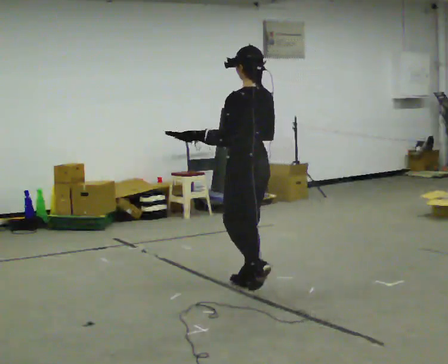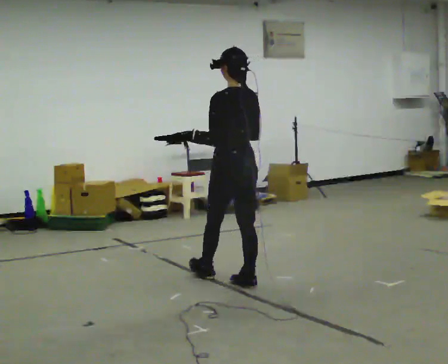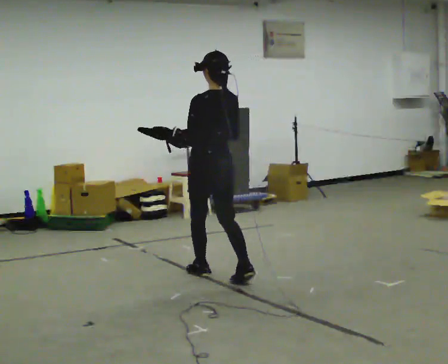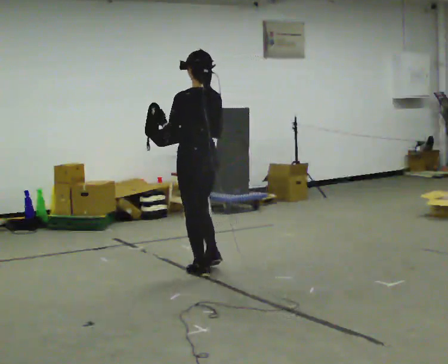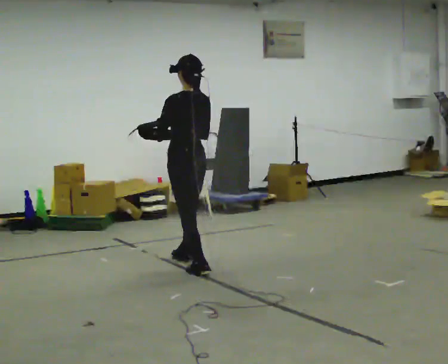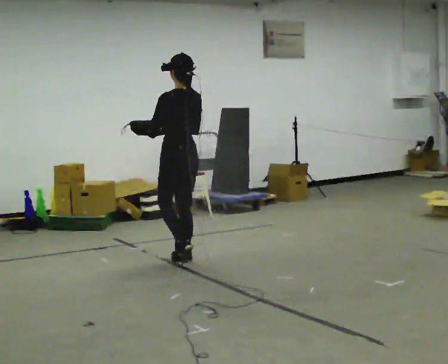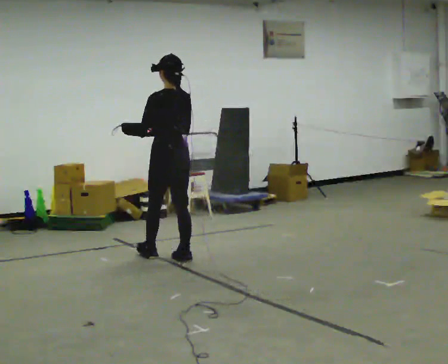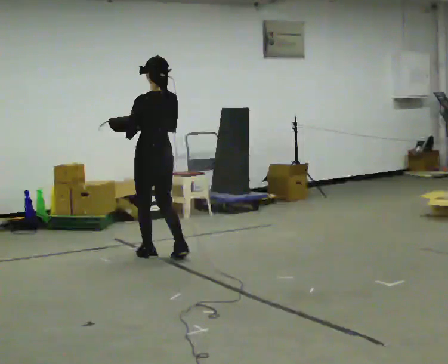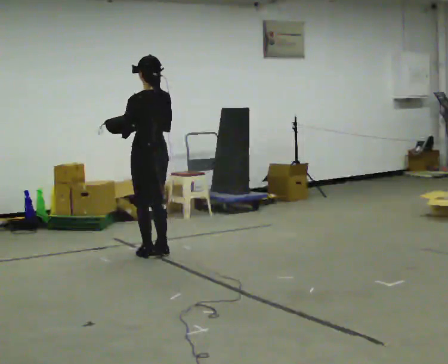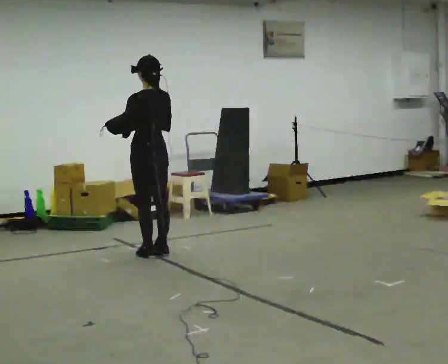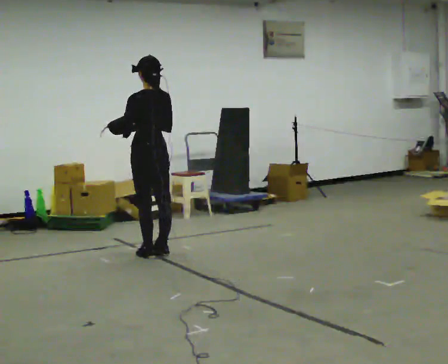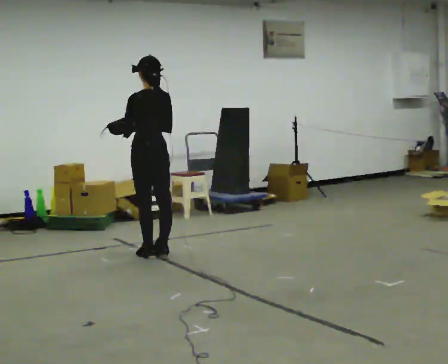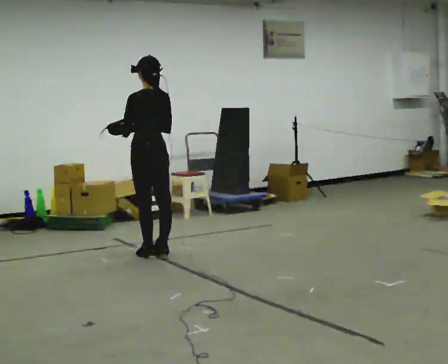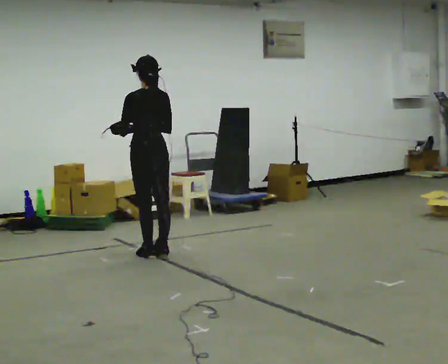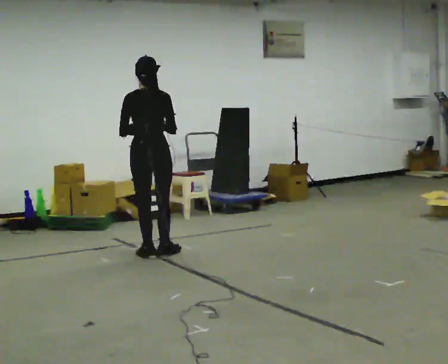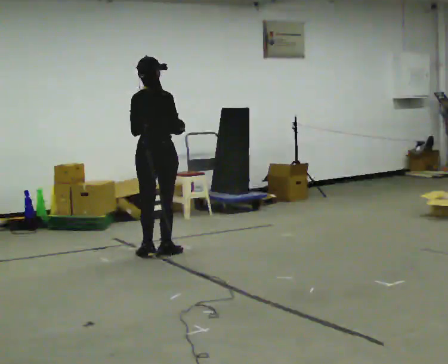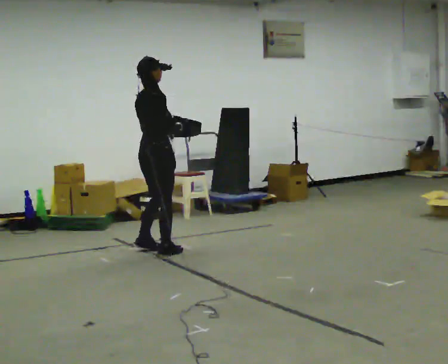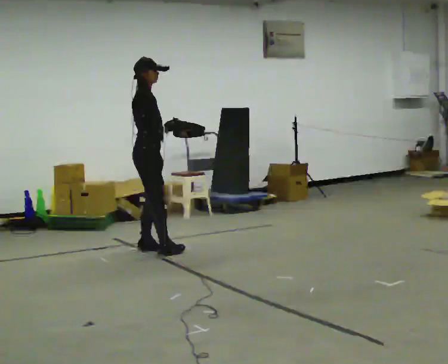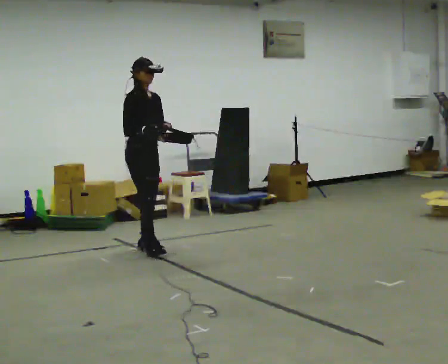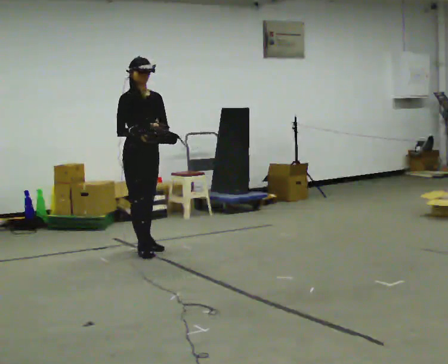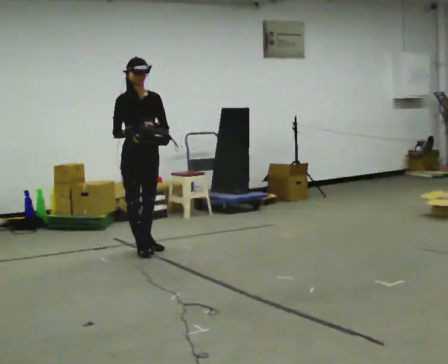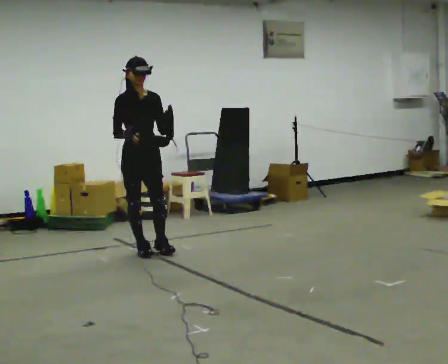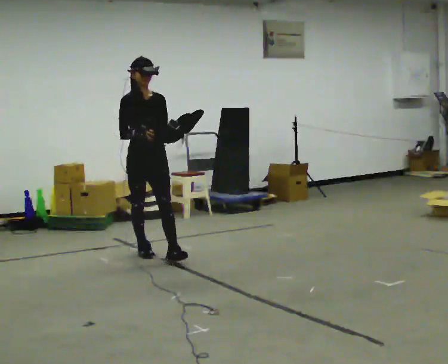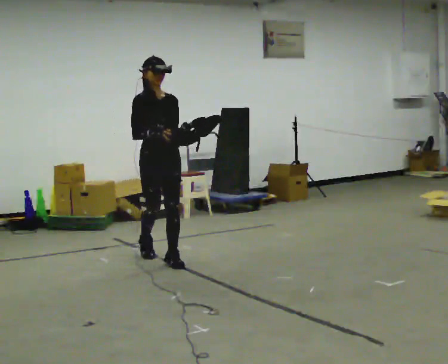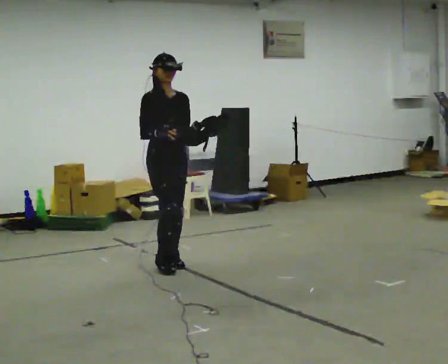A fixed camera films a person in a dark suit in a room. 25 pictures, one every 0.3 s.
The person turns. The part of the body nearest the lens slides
to the left.
The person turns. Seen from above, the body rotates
clockwise.
0.0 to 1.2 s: In the picture they go away from the camera and to the left, about 0.5 m in 2 steps, which for them is forward.
1.2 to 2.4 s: In the picture they go away from the camera and to the left, about 0.5 m in 2 steps, which for them is forward.
2.4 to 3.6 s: The person moves a little, or ends about where they began.
3.6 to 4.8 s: The part of the body nearest the lens slides to the left as the person turns to their right by about 90 degrees.
4.8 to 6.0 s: The person turns about 90 degrees to their right, clockwise seen from above, so the part of the body nearest the lens slides to the left. In the picture their right hand goes to the left.
6.0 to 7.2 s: In the picture they go toward the camera, about 0.5 m in 1 step, which for them is forward.
The film runs forward here.
